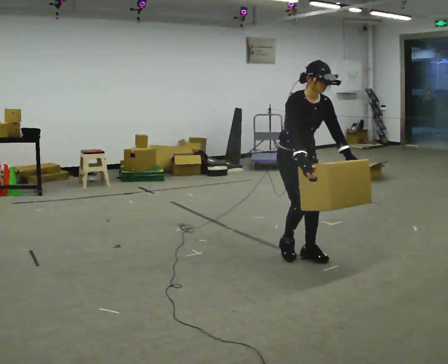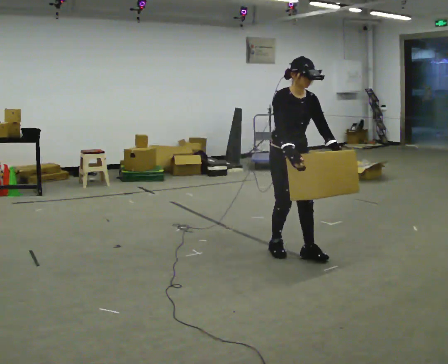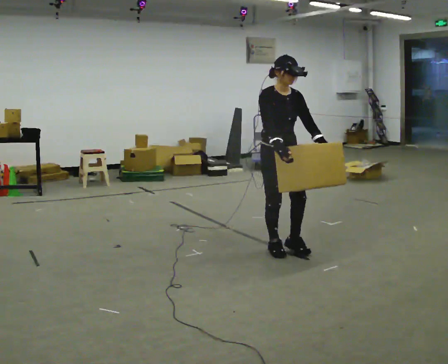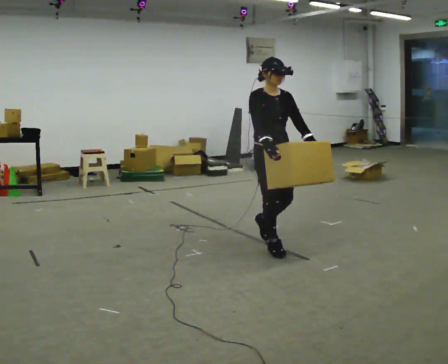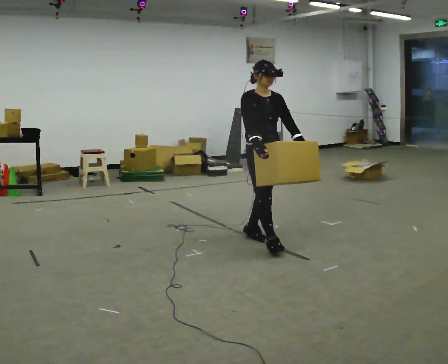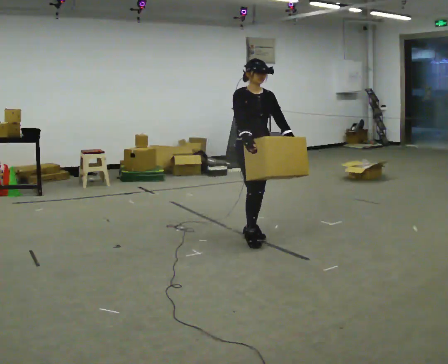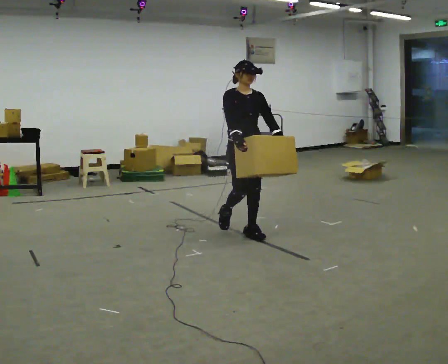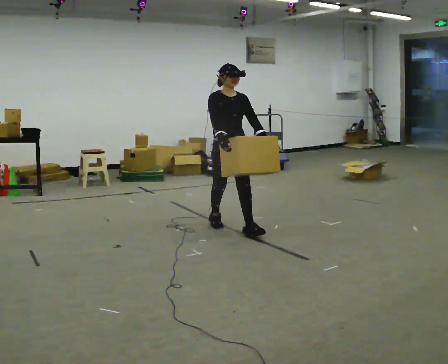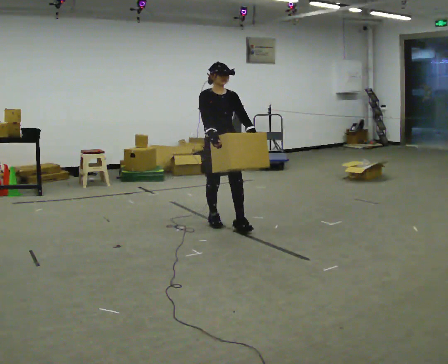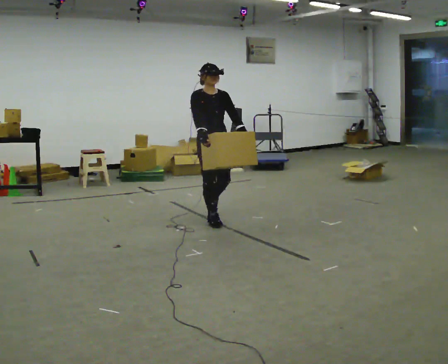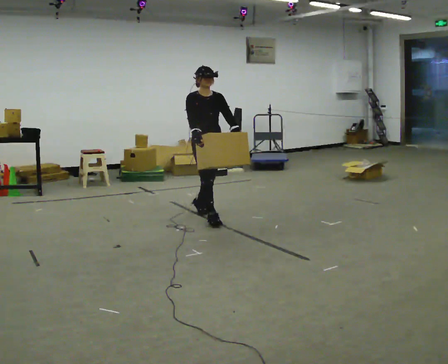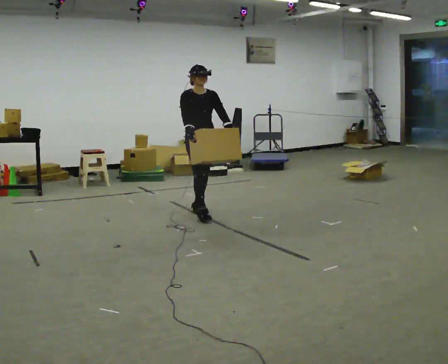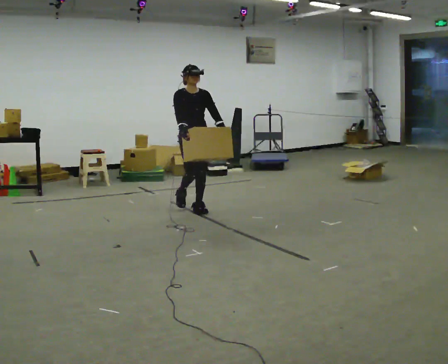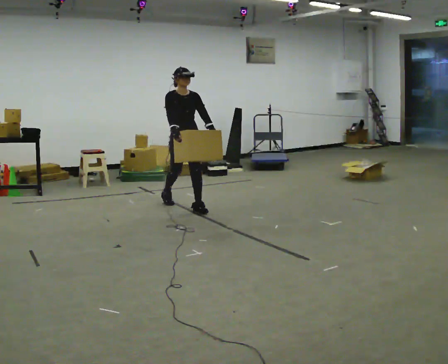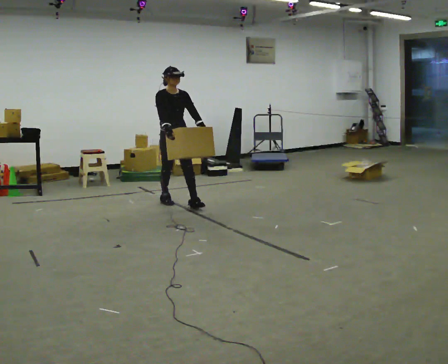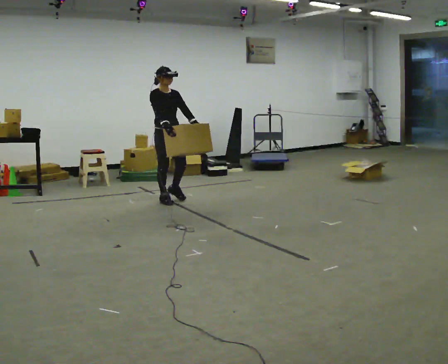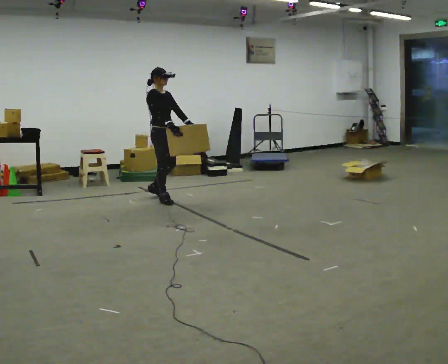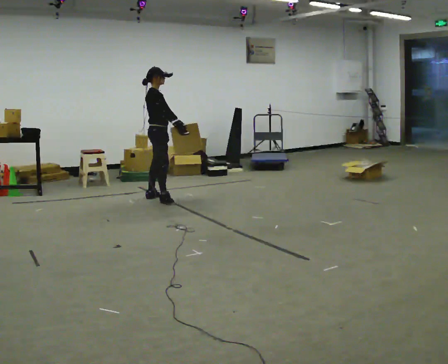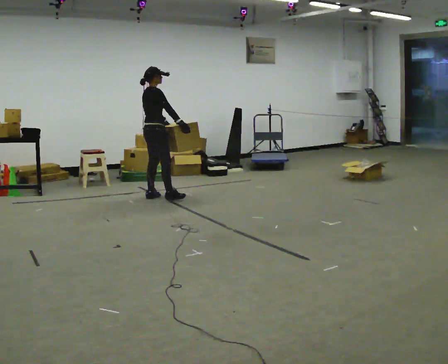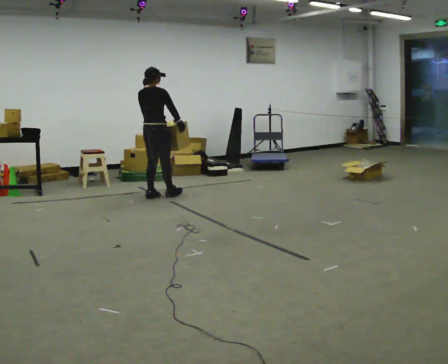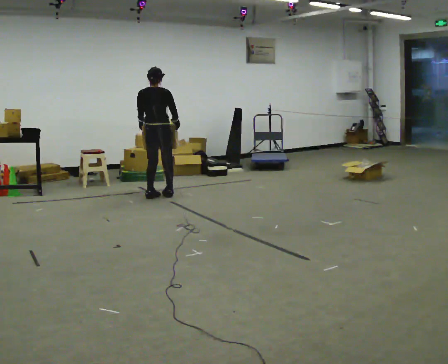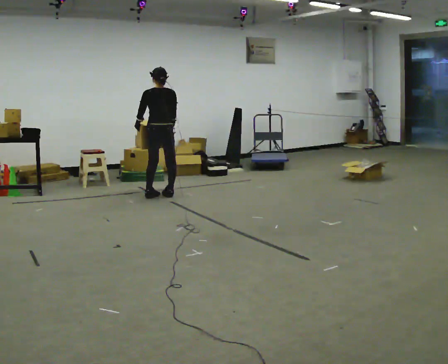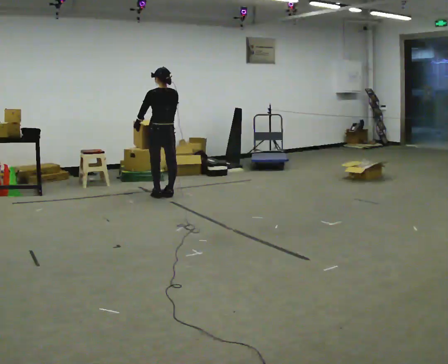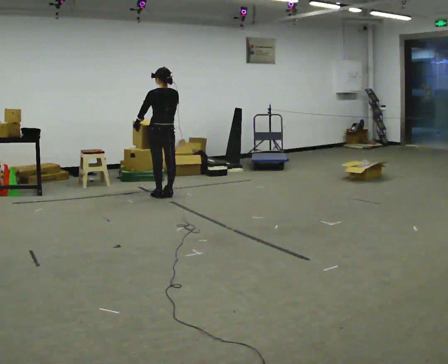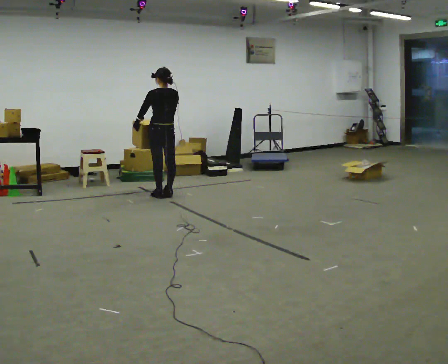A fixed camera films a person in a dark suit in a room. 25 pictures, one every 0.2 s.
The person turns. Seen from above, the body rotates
counterclockwise.
The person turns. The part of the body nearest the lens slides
to the right.
0.0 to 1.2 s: In the picture they go away from the camera and to the left, about 0.5 m in 3 steps, which for them is backward. The upper body tips away from the camera, its near side rolling upward, as they lean back or straighten.
1.2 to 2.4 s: In the picture they go away from the camera and to the left, about 1 m in 2 steps, which for them is backward.
2.4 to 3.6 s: The part of the body nearest the lens slides to the right as the person turns to their left by about 75 degrees. In the picture they go away from the camera and to the left, about 1 m in 1 step.
3.6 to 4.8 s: Seen from above the body turns counterclockwise, about 120 degrees: to their left, with its near side sliding to the right. In the picture they go away from the camera, about 0.25 m in 1 step.
The film runs backward here.
